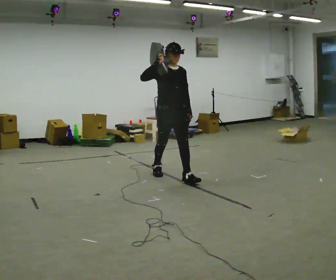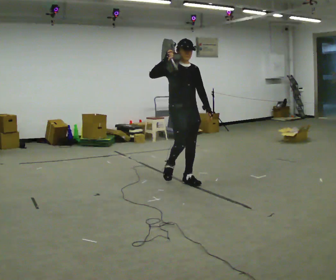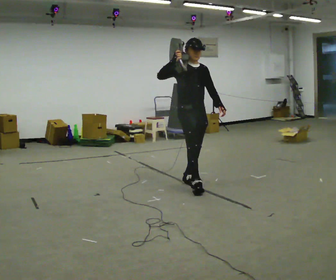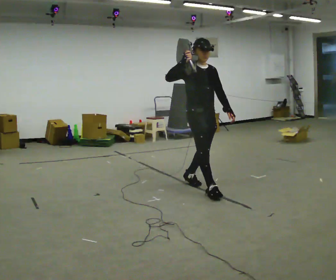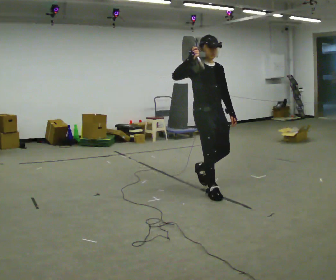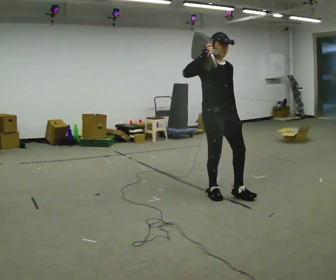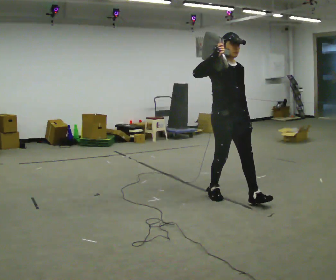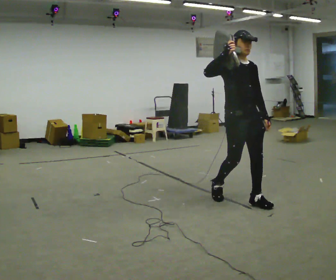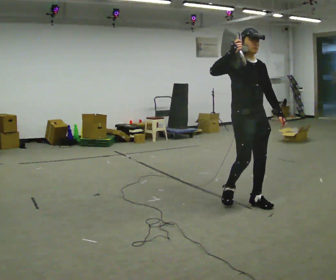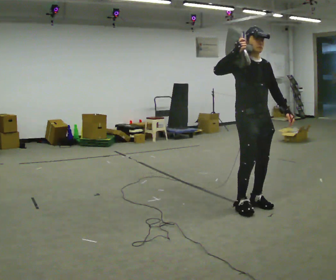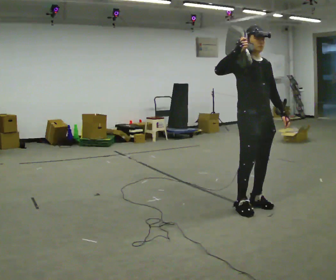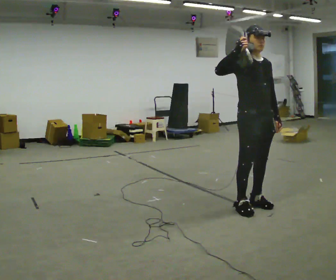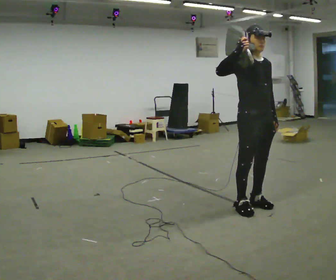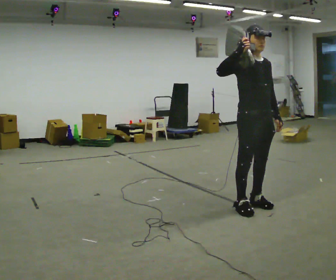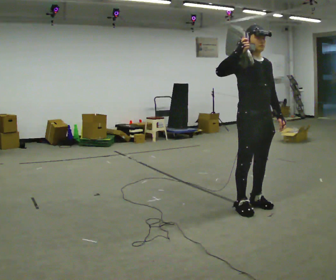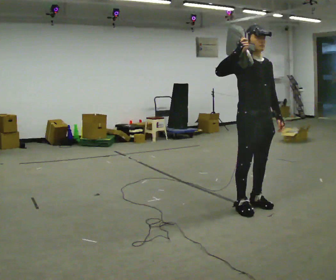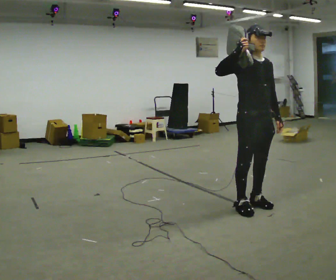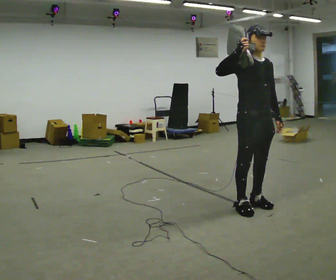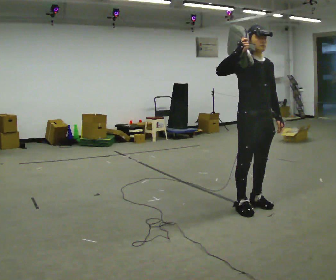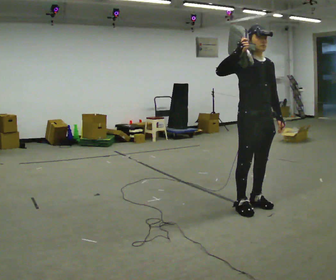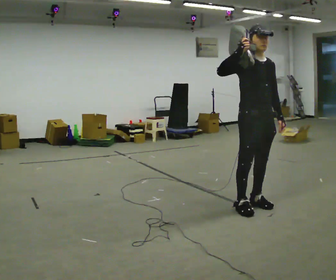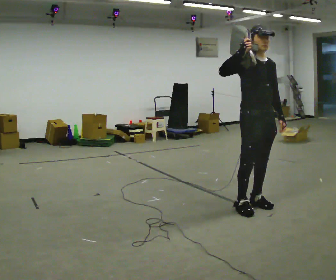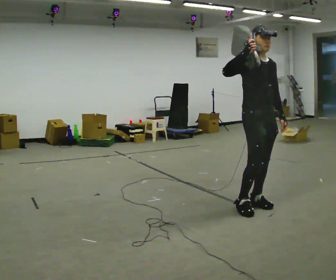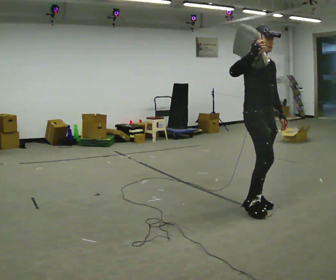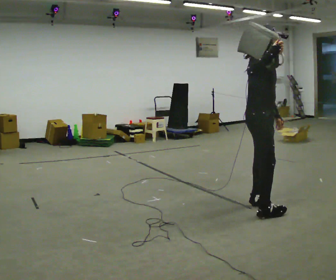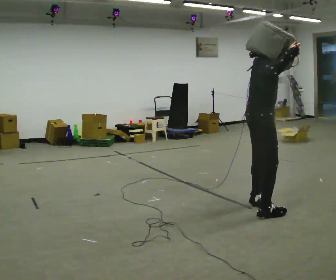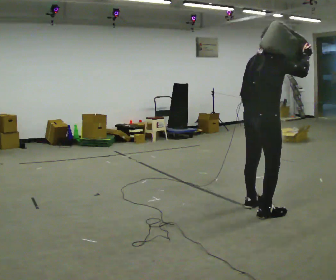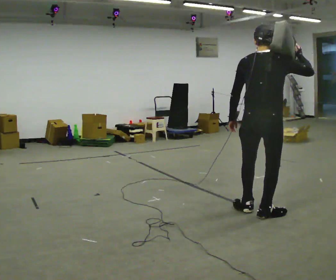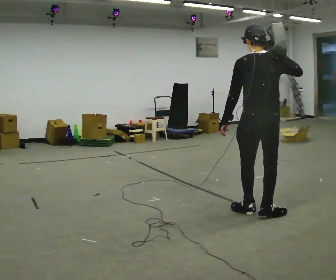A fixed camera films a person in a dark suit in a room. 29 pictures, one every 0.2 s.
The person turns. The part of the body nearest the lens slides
to the right.
The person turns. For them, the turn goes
to their left.
0.0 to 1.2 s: In the picture they go to the right and toward the camera, about 1 m in 2 steps, which for them is forward.
1.2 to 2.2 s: In the picture they go to the right and toward the camera, about 0.25 m in 1 step, which for them is forward.
2.2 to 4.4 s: The person moves a little, or ends about where they began.
4.4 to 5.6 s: The person turns about 150 degrees to their left, counterclockwise seen from above, so the part of the body nearest the lens slides to the right. In the picture they go toward the camera, about 0.25 m in 2 steps. In the picture their right hand goes to the right.
The film runs forward here.
